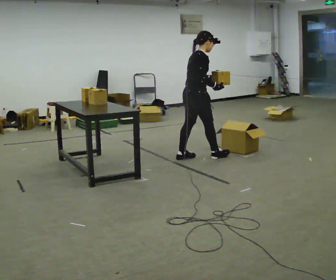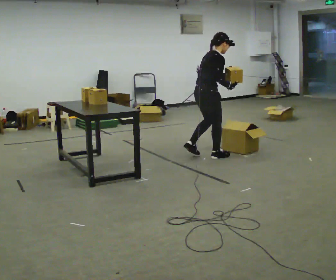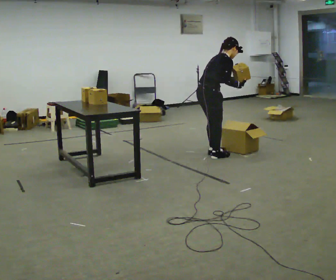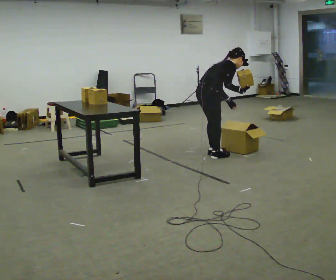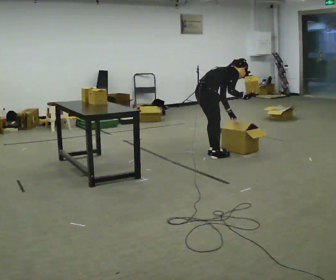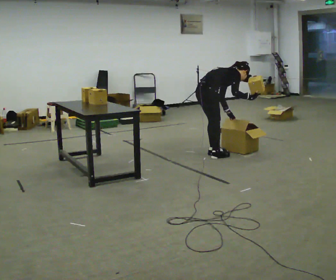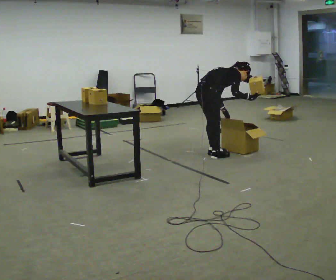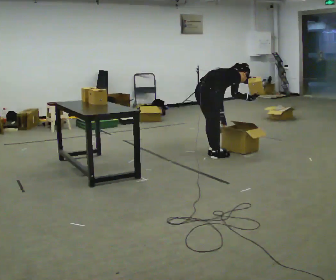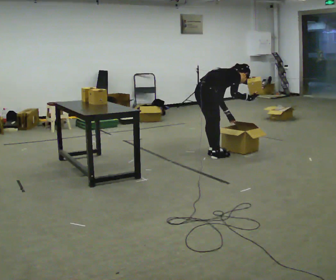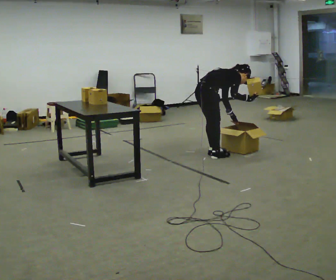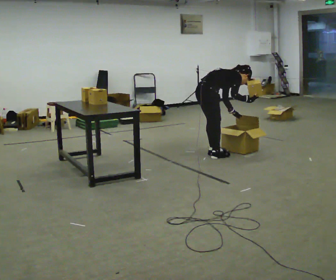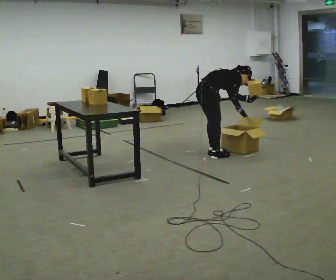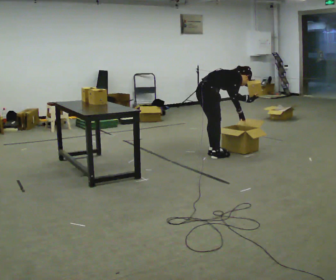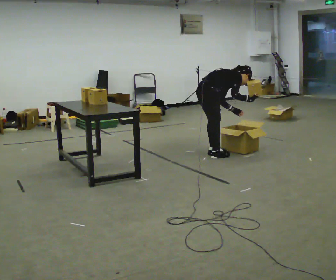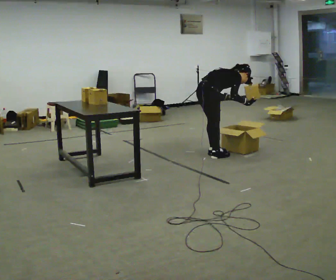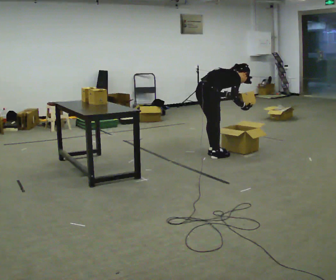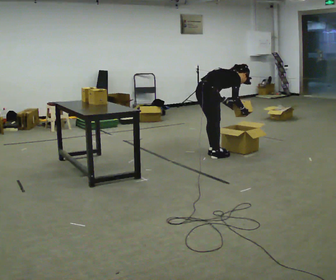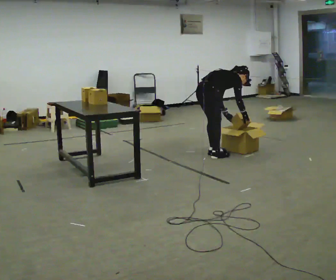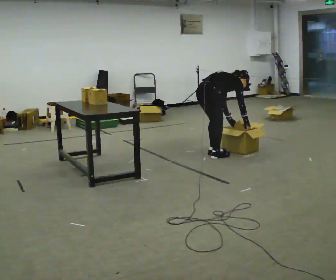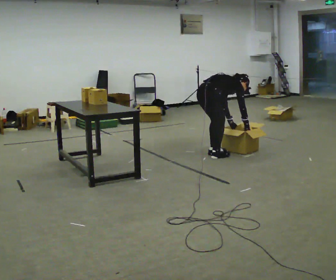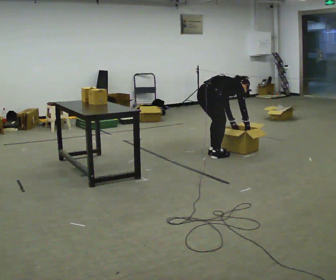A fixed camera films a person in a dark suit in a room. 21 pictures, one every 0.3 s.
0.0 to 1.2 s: The shoulders move downward. In the picture the upper body tilts clockwise, shoulders to the right, as they bend forward. In the picture their left hand goes downward.
1.2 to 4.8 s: The person moves a little, or ends about where they began.
4.8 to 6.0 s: The upper body tips away from the camera, its near side rolling upward, as they bend forward.
The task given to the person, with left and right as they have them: Carry the object across the room, open the lid of the container, put the object inside, and close the lid again. Then go back for the next one. Keep going until the operator says stop; one object at a time, and do not rush between trips.
The film runs forward here.
